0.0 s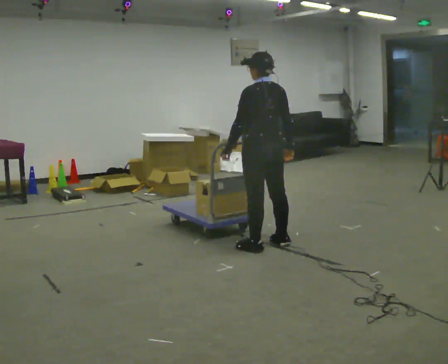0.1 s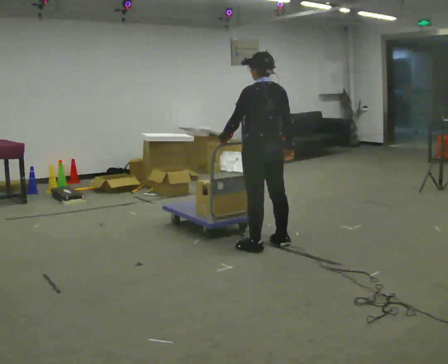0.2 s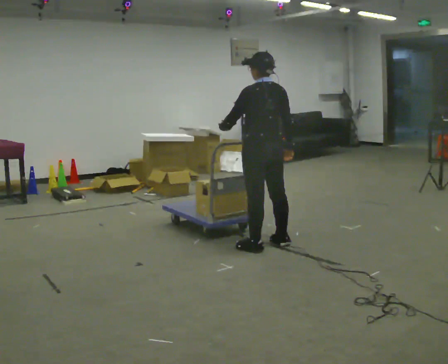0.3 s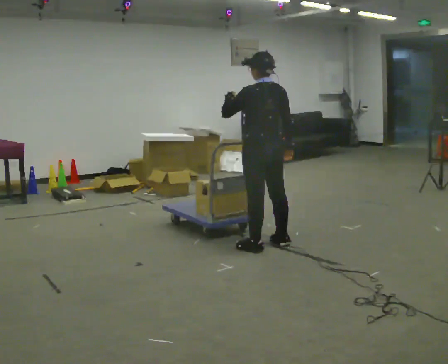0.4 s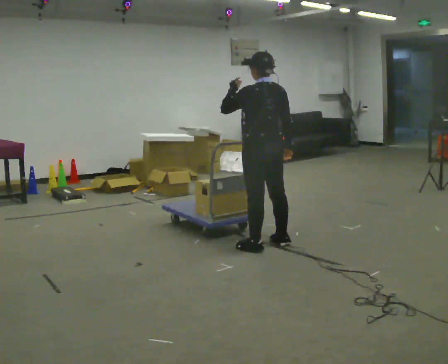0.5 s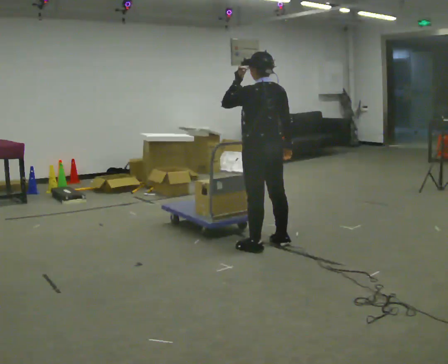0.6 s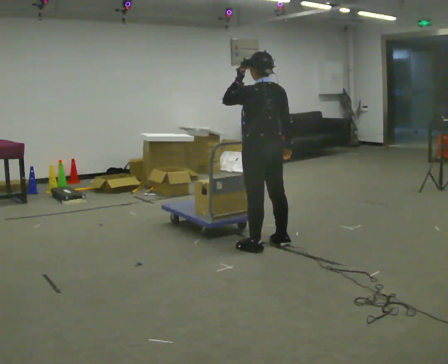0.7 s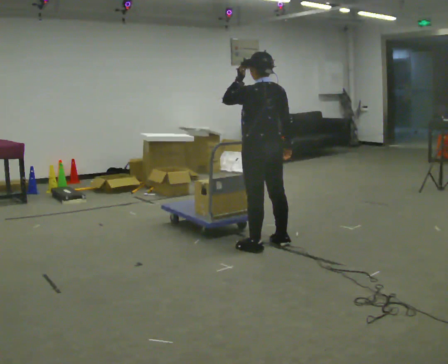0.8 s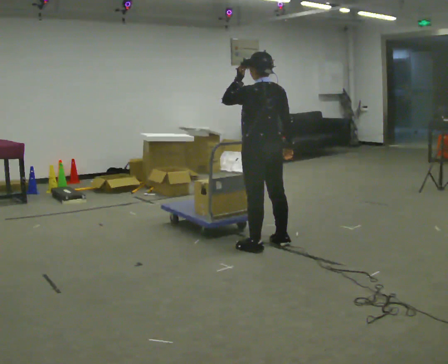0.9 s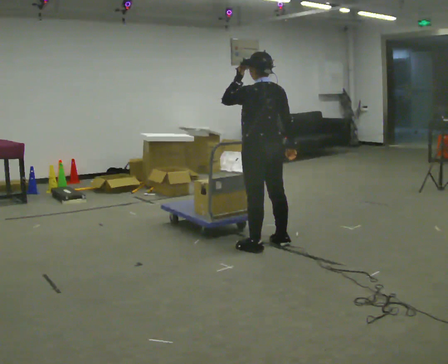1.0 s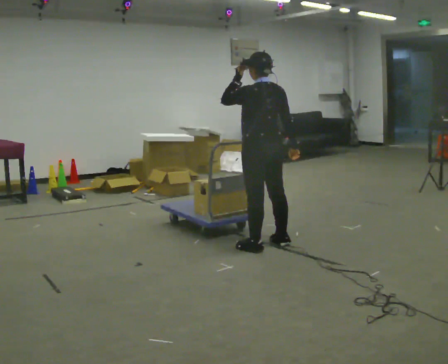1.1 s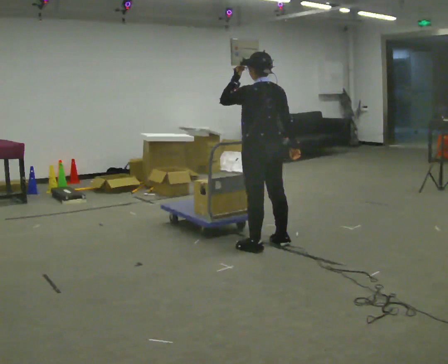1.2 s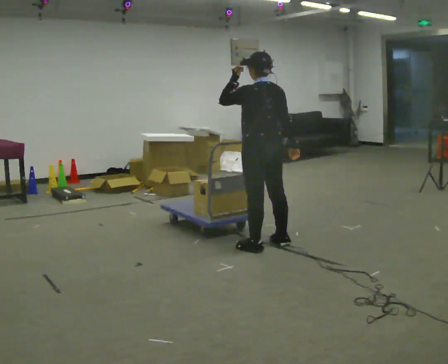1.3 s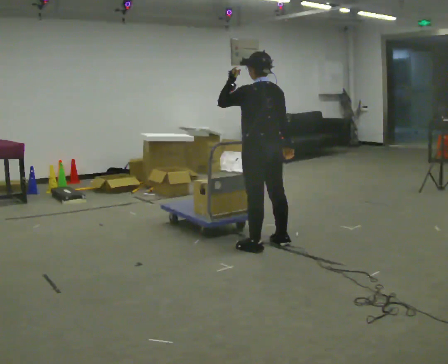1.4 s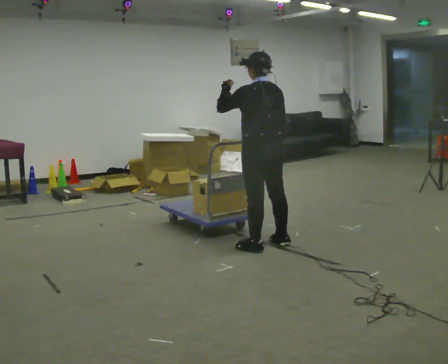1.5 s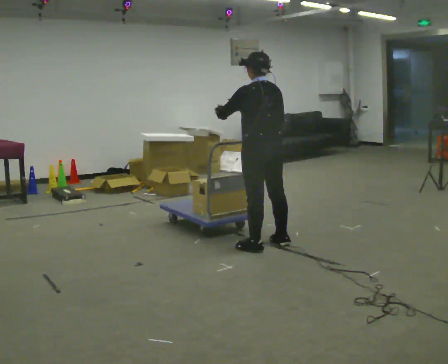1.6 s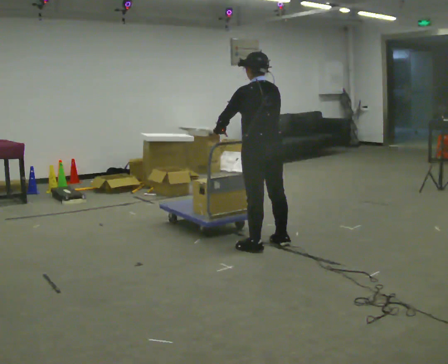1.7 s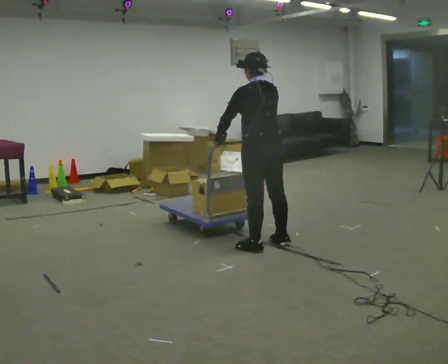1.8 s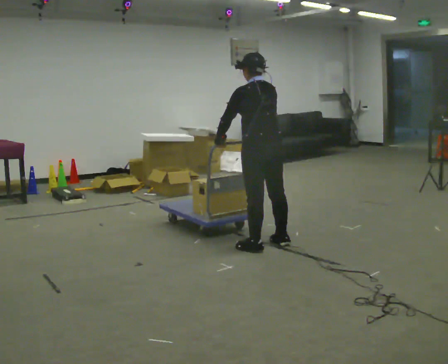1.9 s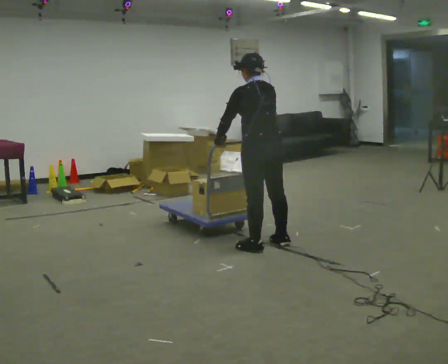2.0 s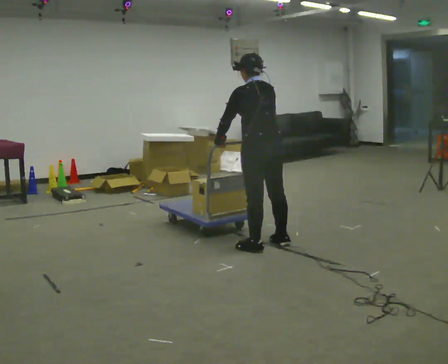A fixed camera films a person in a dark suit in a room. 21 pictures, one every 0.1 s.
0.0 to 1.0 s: In the picture their left hand goes upward.
1.0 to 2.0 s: In the picture their left hand goes downward.
The film runs backward here.
